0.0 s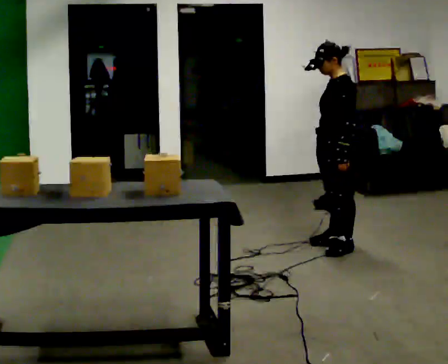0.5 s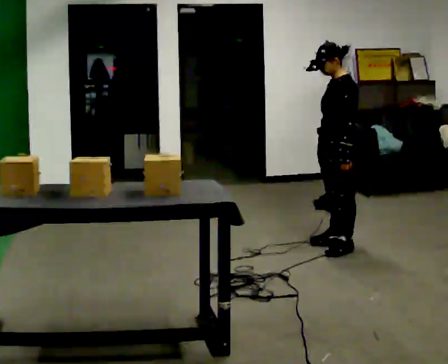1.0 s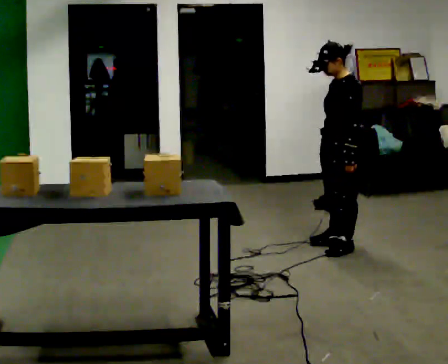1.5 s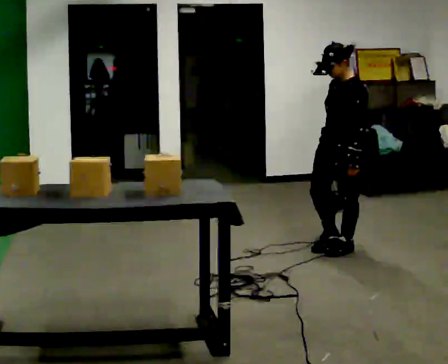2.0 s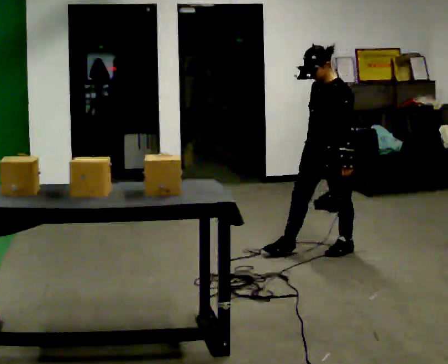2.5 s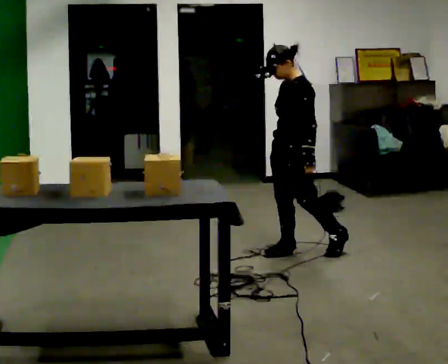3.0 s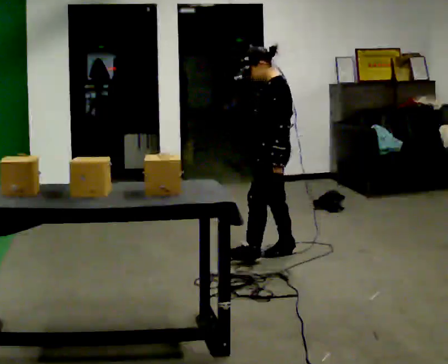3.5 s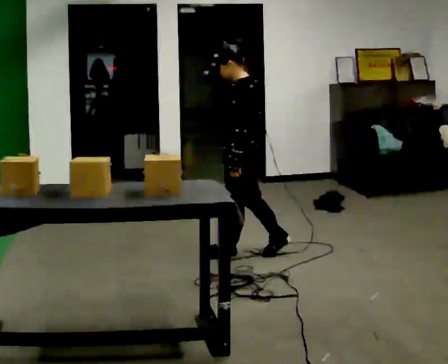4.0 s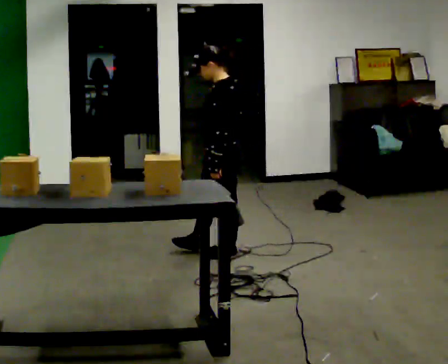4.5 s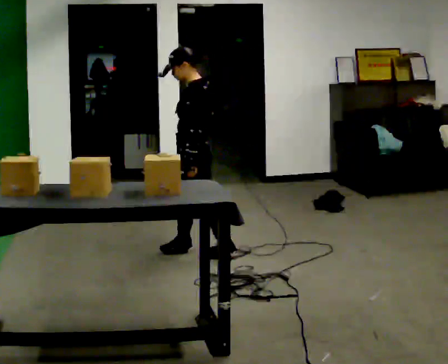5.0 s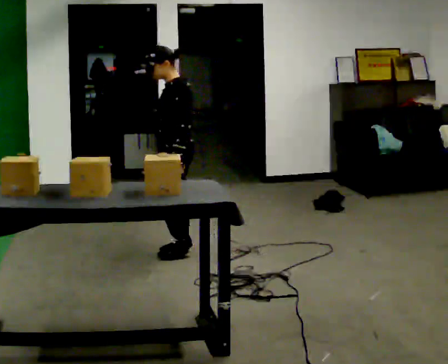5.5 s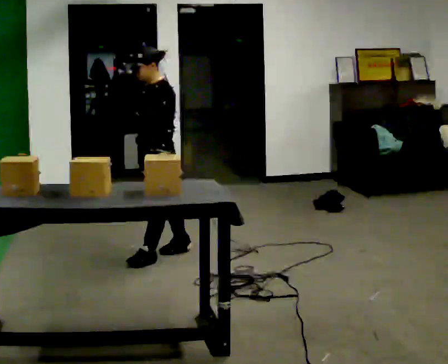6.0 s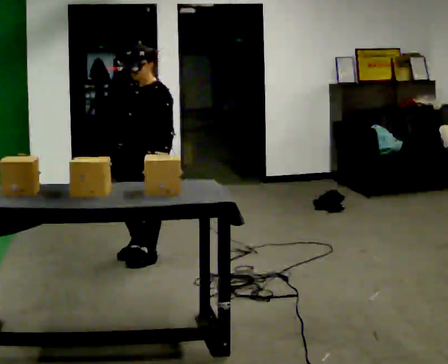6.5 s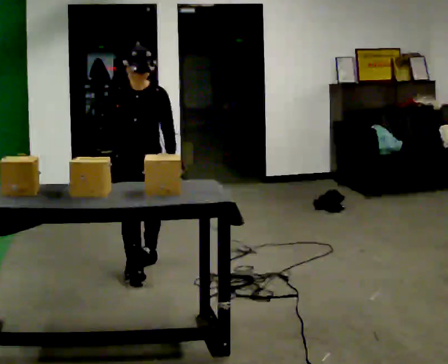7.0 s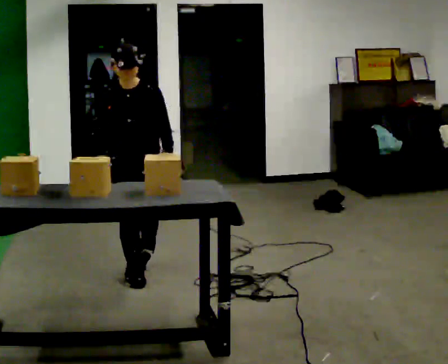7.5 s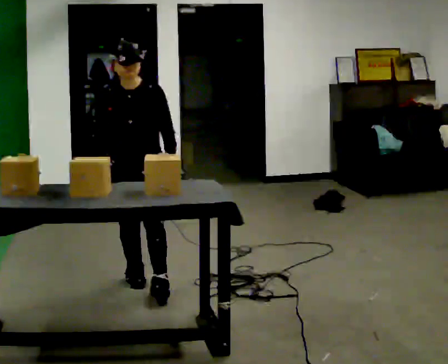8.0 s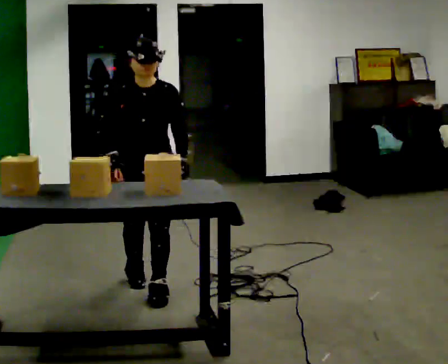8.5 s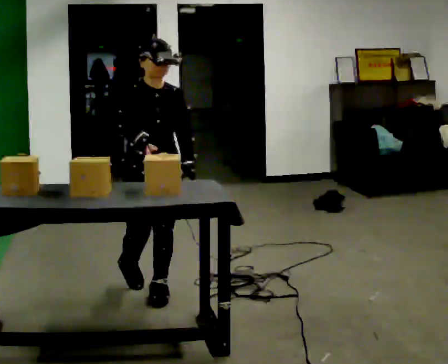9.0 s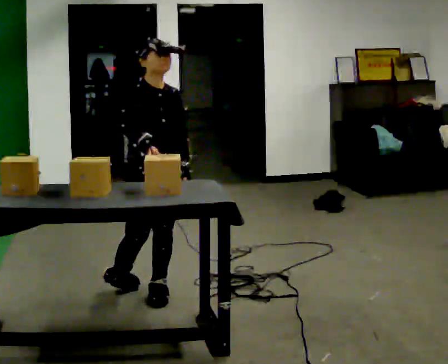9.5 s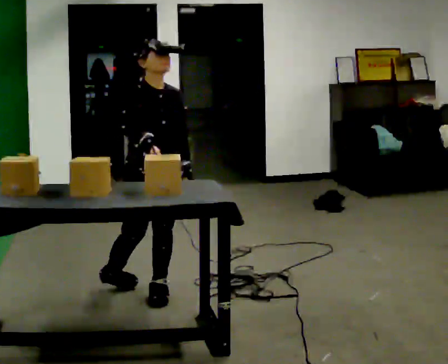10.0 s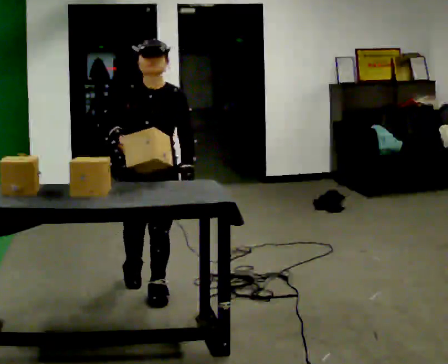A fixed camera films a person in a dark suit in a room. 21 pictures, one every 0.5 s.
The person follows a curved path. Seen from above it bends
counterclockwise.
0.0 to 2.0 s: The person moves a little, or ends about where they began.
2.0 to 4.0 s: The part of the body nearest the lens slides to the left as the person turns to their right by about 30 degrees. In the picture they go to the left, about 0.75 m in 1 step, which for them is forward.
4.0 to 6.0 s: The person turns about 60 degrees to their left, counterclockwise seen from above, so the part of the body nearest the lens slides to the right. In the picture they go to the left, about 0.5 m in 2 steps, which for them is forward.
6.0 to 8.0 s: The part of the body nearest the lens slides to the right as the person turns to their left by about 45 degrees. In the picture they go toward the camera, about 0.5 m in 2 steps, which for them is forward.
8.0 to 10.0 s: The person moves a little, or ends about where they began.
The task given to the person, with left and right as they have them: Take an object off the waist-height shelf, carry it across the room, and set it down on the floor. Keep going until the operator says stop; one object at a time, and do not rush between trips.
The film runs forward here.
